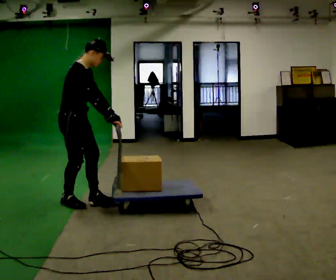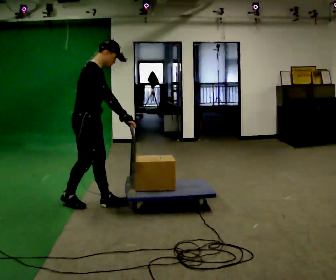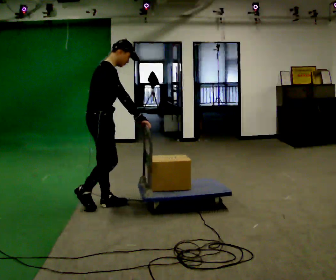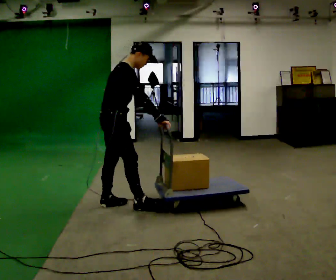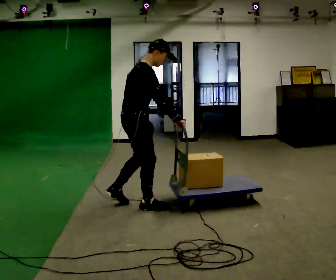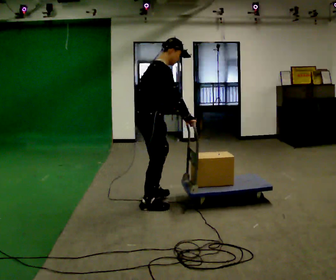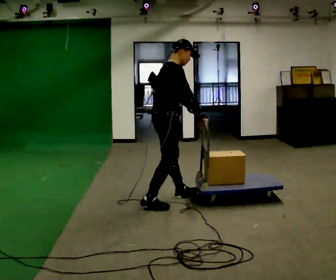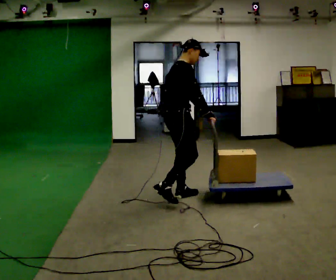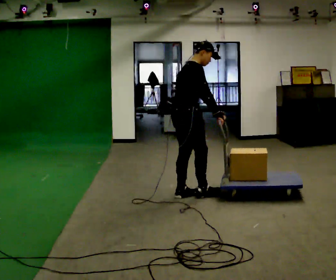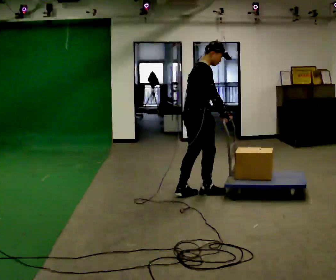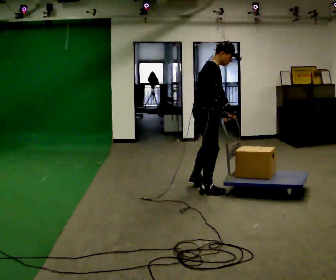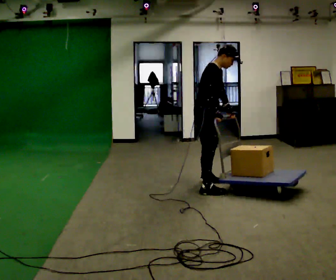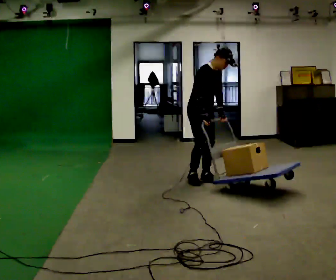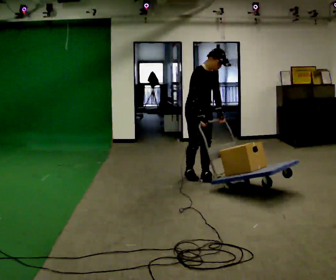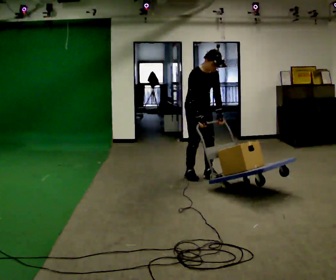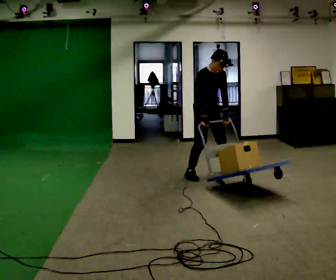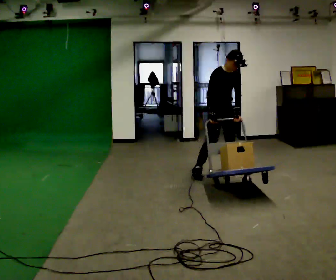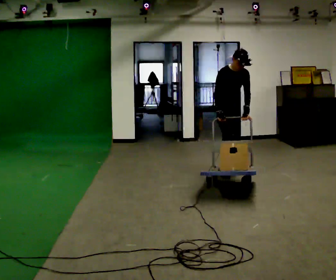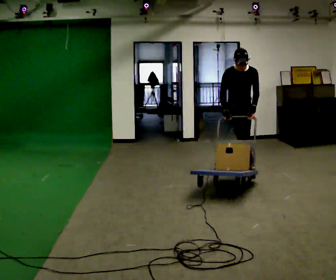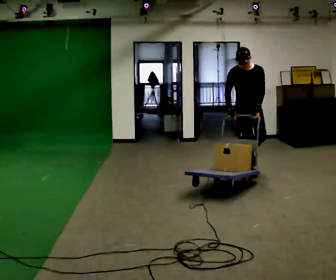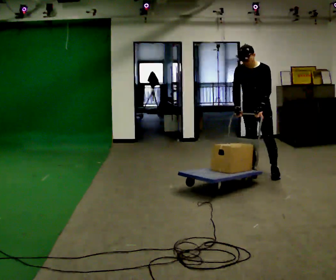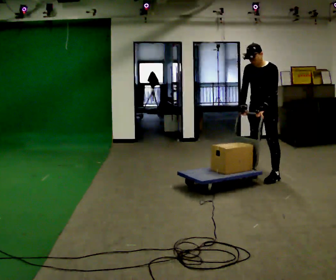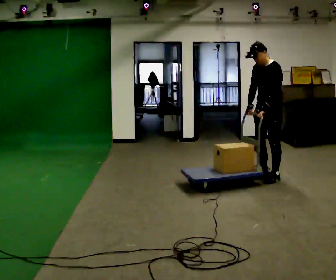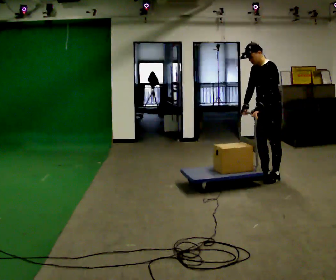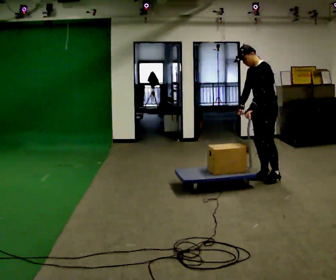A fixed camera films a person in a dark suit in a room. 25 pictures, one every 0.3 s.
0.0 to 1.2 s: In the picture they go to the right, about 0.5 m in 2 steps, which for them is forward.
1.2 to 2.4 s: In the picture they go to the right and away from the camera, about 0.5 m in 1 step, which for them is forward and to their left.
2.4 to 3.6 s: Seen from above the body turns clockwise, about 60 degrees: to their right, with its near side sliding to the left. In the picture they go away from the camera, about 0.75 m in 2 steps.
3.6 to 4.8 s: In the picture they go away from the camera and to the right, about 0.5 m in 2 steps, which for them is to their left.
4.8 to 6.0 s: The part of the body nearest the lens slides to the left as the person turns to their right by about 45 degrees. In the picture they go to the right, about 0.5 m in 1 step, which for them is forward and to their left. In the picture the upper body tilts counterclockwise, shoulders to the left.
6.0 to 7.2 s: The part of the body nearest the lens slides to the left as the person turns to their right by about 60 degrees. In the picture they go toward the camera, about 0.25 m in 2 steps, which for them is to their left.
The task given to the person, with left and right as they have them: Turn the cart round to face the other way without moving it out of the marked square, then turn it back. Repeat until the operator says stop.
The film runs forward here.
